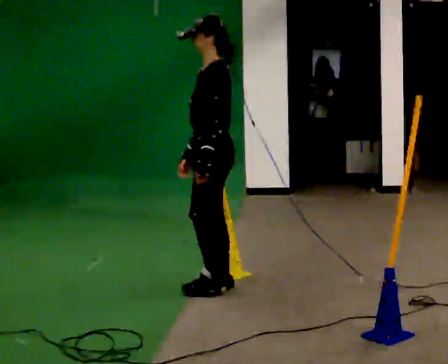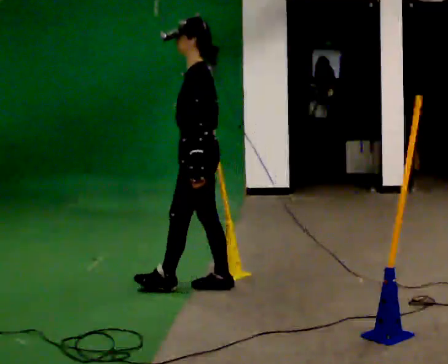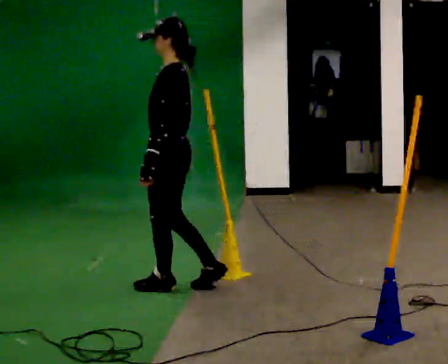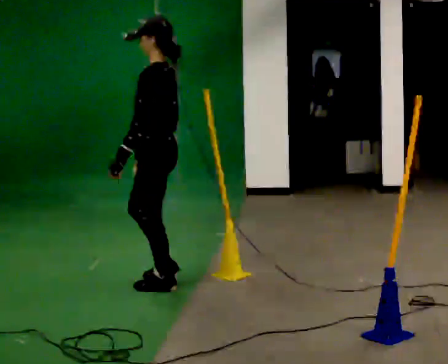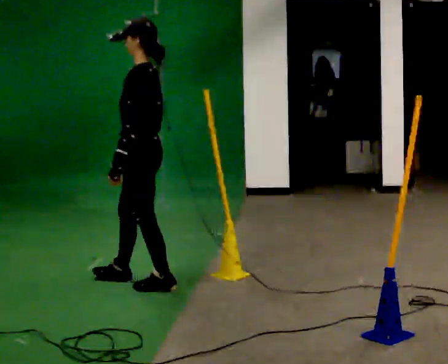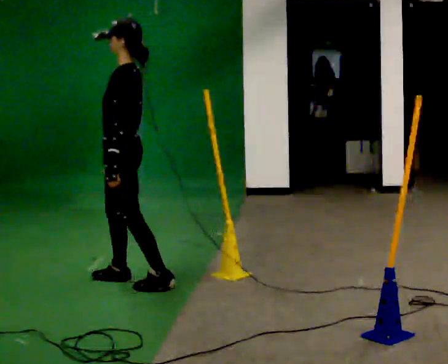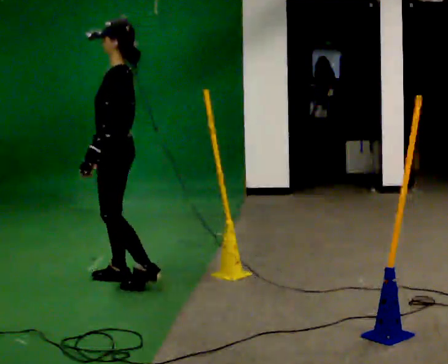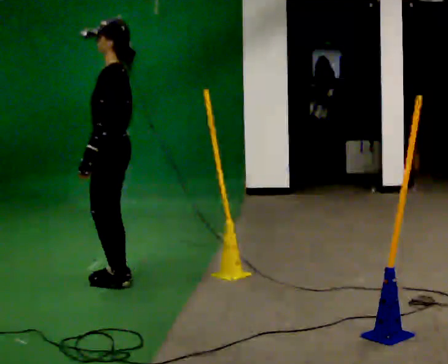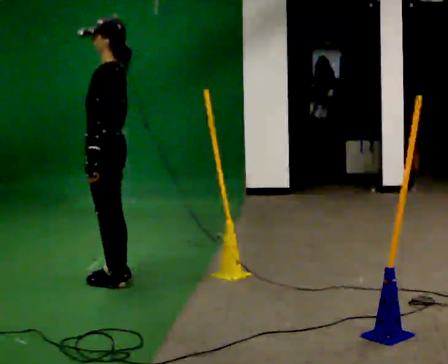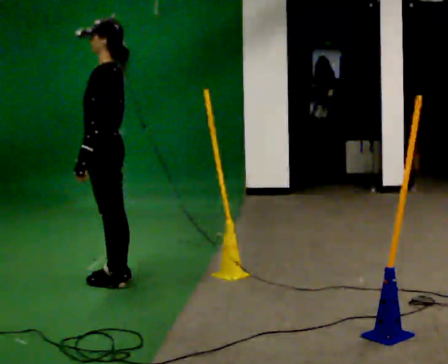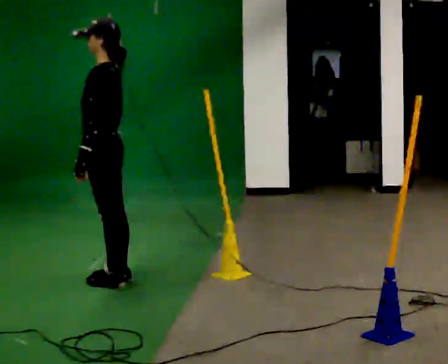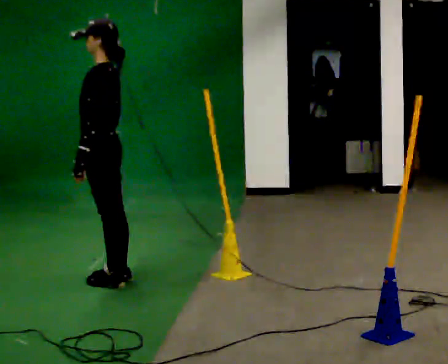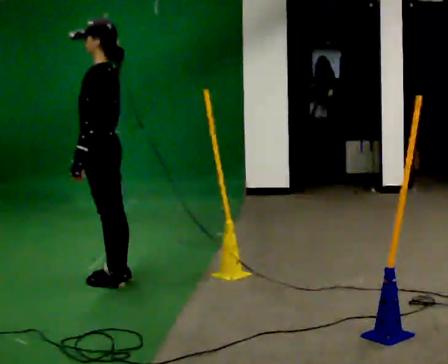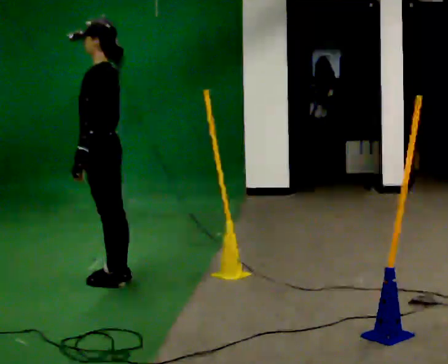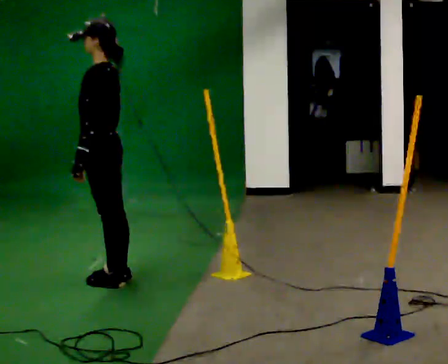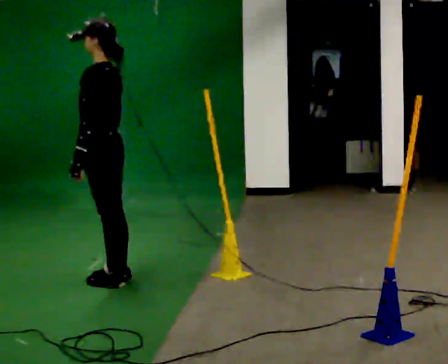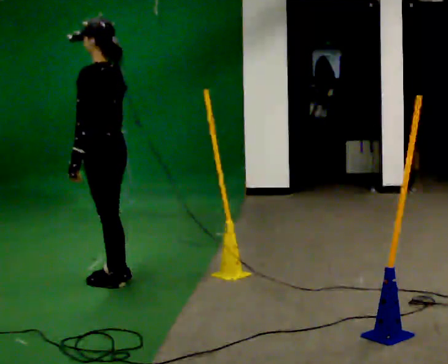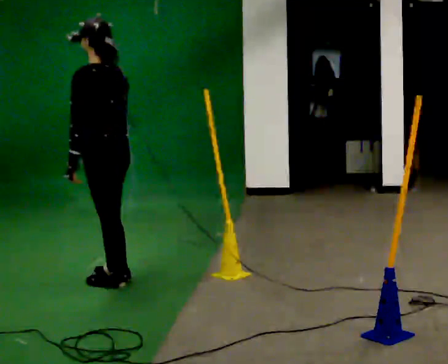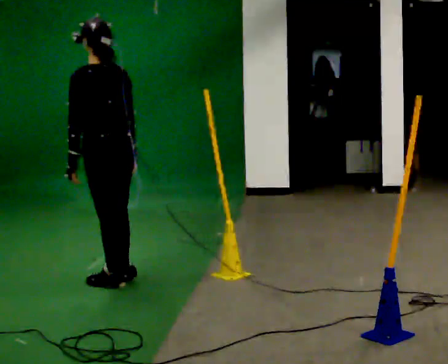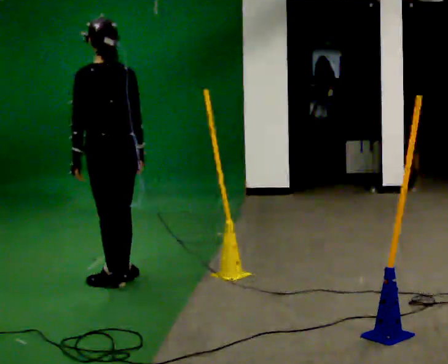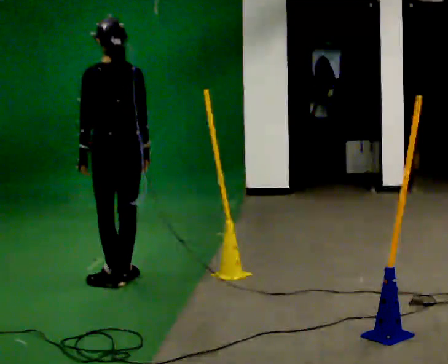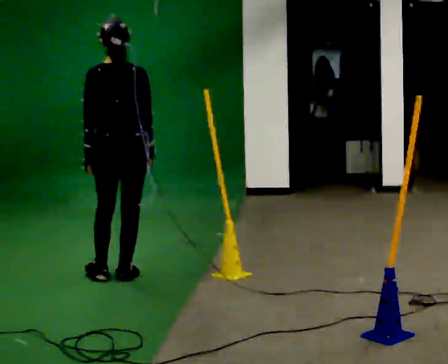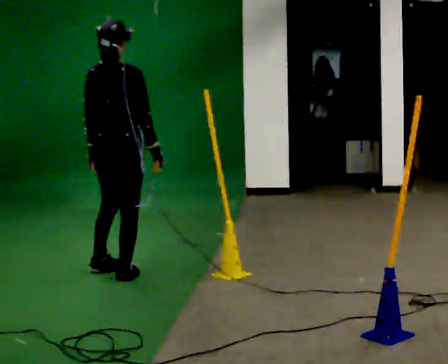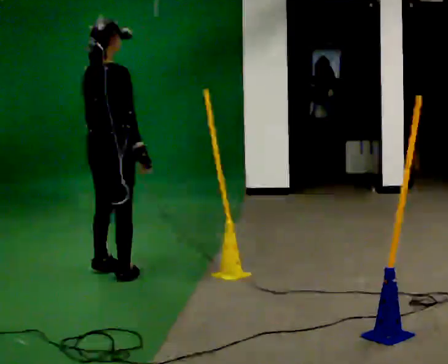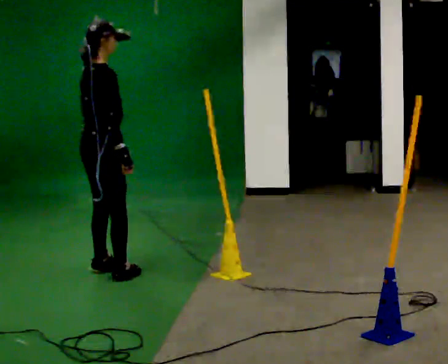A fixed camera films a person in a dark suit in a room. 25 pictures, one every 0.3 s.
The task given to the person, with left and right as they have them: Walk back and forth across the room at a normal pace, looking ahead. There may be something on the floor. Recover however comes naturally and carry on.
0.0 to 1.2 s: In the picture they go to the left, about 0.5 m in 2 steps, which for them is forward.
1.2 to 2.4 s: In the picture they go to the left, about 0.25 m in 1 step, which for them is forward and to their right.
2.4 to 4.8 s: The person moves a little, or ends about where they began.
4.8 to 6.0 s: The person turns about 45 degrees to their right, clockwise seen from above, so the part of the body nearest the lens slides to the left.
6.0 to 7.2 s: The part of the body nearest the lens slides to the left as the person turns to their right by about 90 degrees. In the picture they go away from the camera, about 0.25 m in 1 step.
The film runs forward here.
